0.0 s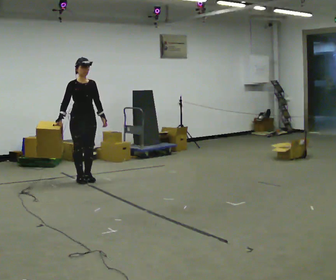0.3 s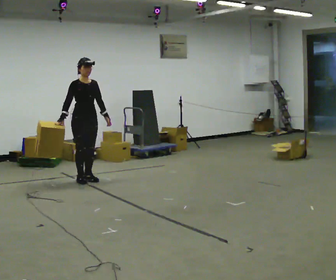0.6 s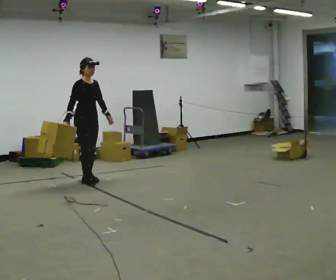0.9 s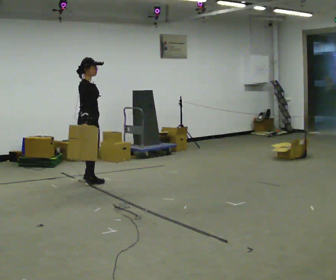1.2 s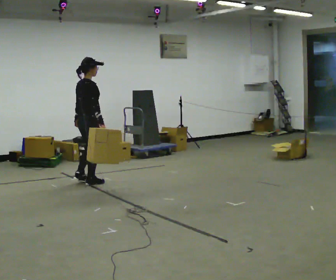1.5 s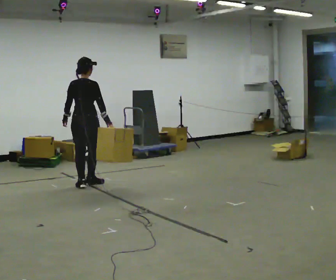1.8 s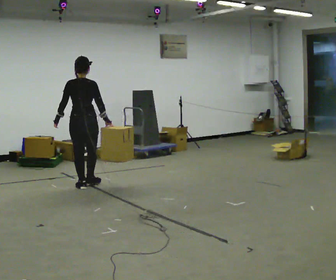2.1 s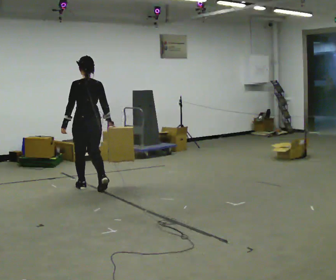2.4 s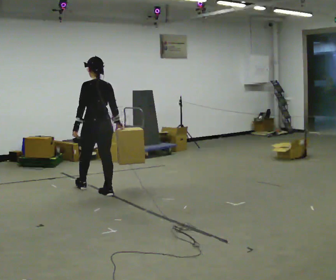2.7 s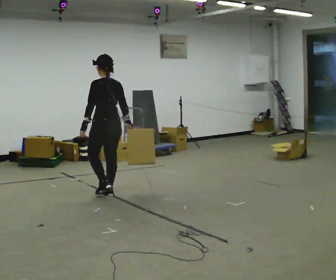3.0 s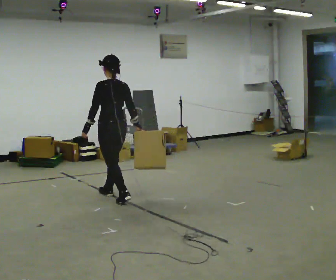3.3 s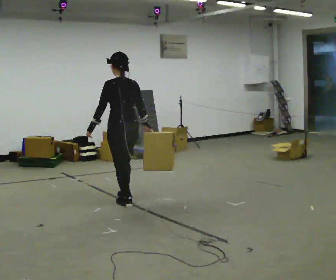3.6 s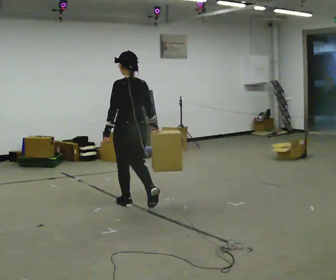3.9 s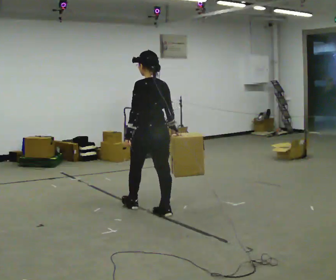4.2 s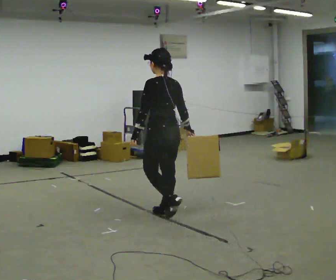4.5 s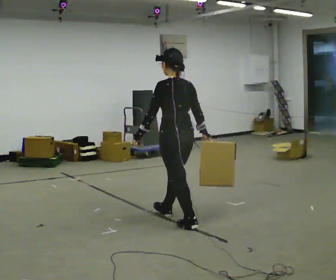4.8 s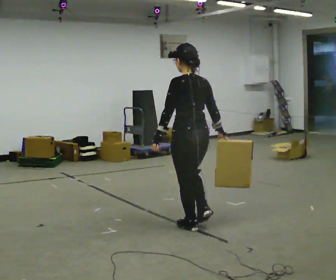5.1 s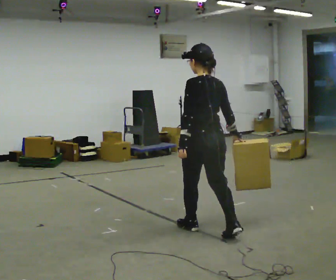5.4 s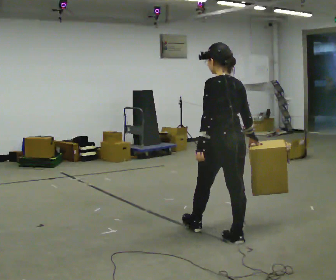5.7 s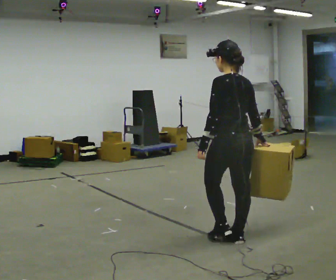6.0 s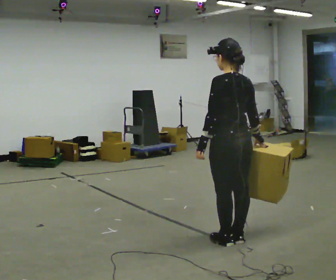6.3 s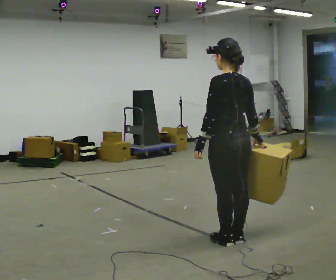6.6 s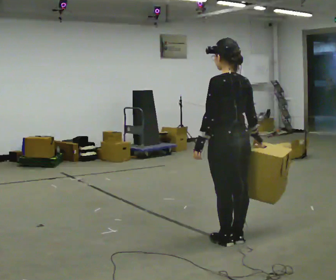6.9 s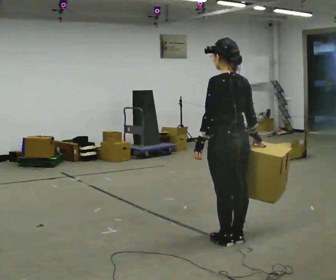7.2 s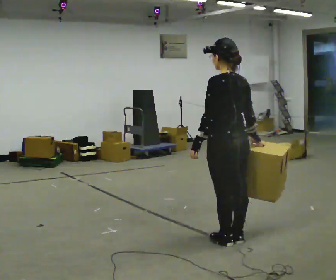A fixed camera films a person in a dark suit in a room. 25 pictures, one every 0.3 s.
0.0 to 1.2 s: The person turns about 105 degrees to their left, counterclockwise seen from above, so the part of the body nearest the lens slides to the right. In the picture they go toward the camera, about 0.25 m in 2 steps. In the picture their right hand goes to the right, the arm swinging counterclockwise.
1.2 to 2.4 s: Seen from above the body turns counterclockwise, about 90 degrees: to their left, with its near side sliding to the right. In the picture they go toward the camera and to the right, about 0.5 m in 1 step.
2.4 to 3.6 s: In the picture they go toward the camera and to the right, about 1 m in 2 steps, which for them is backward.
3.6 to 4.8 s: In the picture they go toward the camera and to the right, about 1 m in 2 steps, which for them is backward.
4.8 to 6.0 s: In the picture they go toward the camera and to the right, about 0.5 m in 1 step, which for them is backward.
6.0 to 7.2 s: The person moves a little, or ends about where they began.
The film runs backward here.
